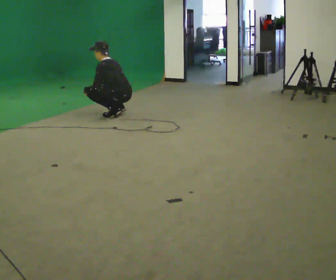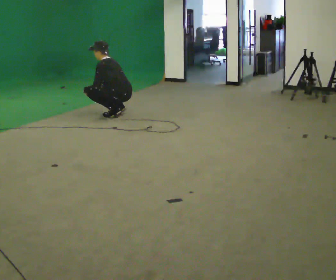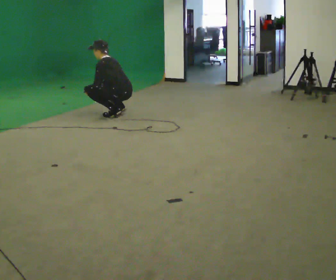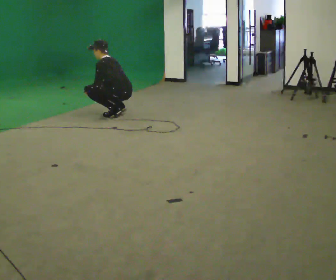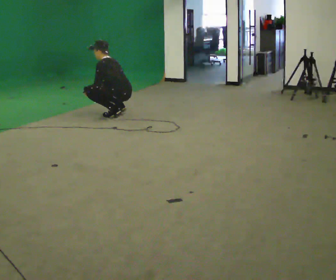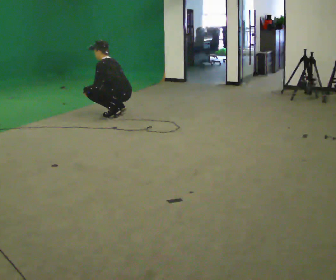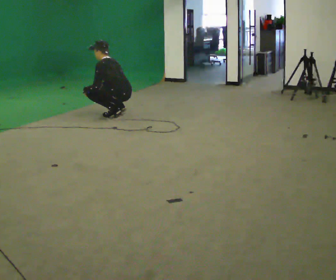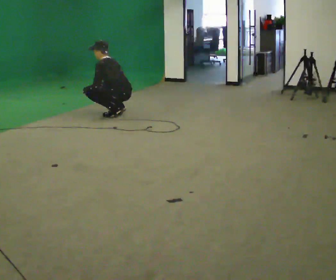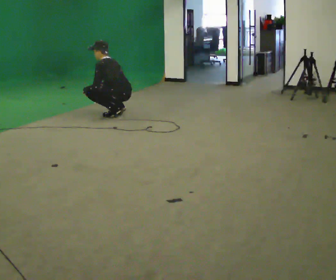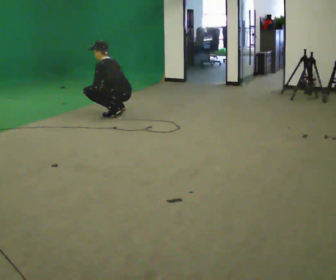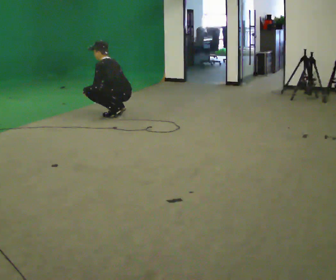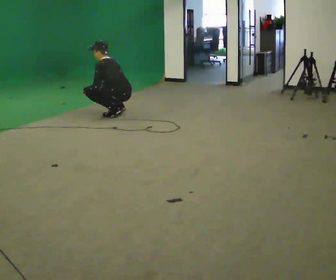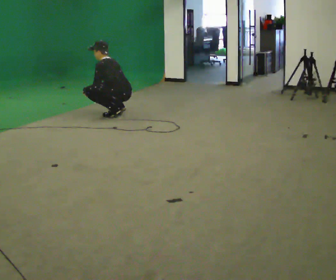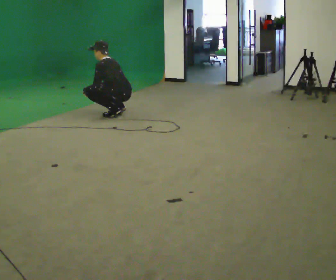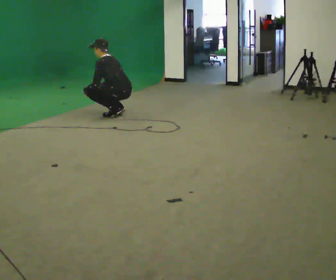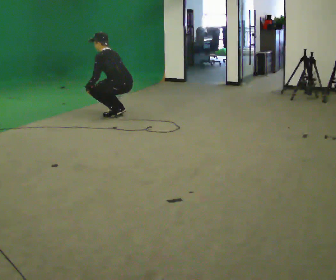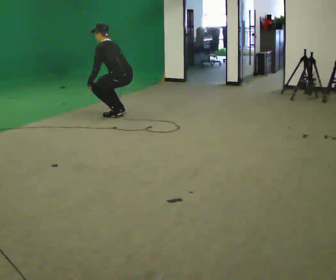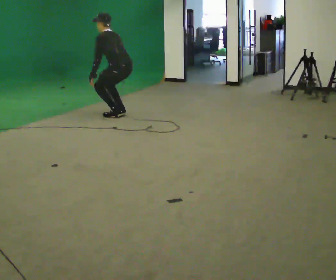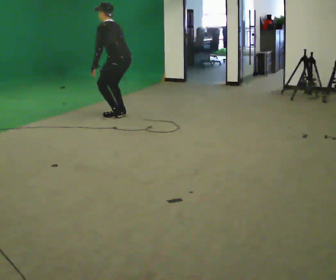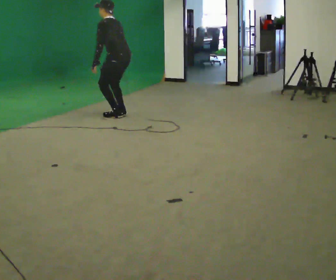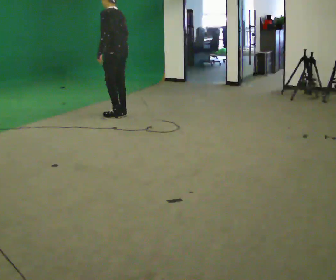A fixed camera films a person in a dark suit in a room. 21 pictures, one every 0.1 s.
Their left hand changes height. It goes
upward.
Their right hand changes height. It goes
upward.
0.0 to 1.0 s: The person keeps their place and pose.
1.0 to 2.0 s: The upper body goes upward. In the picture the upper body tilts clockwise, shoulders to the right, as they lean back or straighten. In the picture their right hand goes upward.
The film runs forward here.
